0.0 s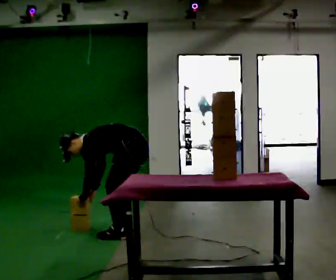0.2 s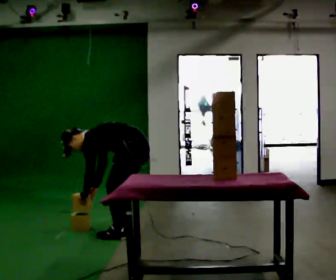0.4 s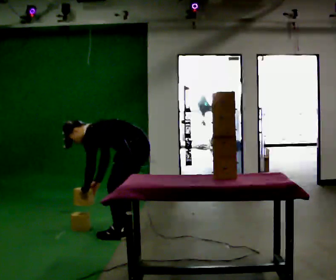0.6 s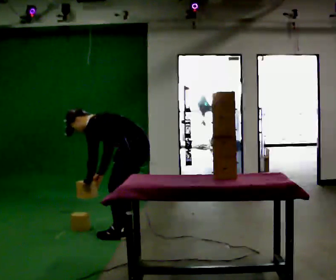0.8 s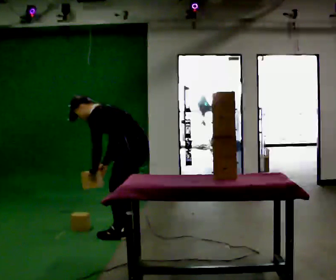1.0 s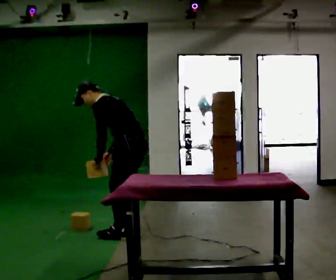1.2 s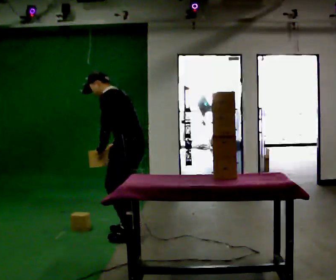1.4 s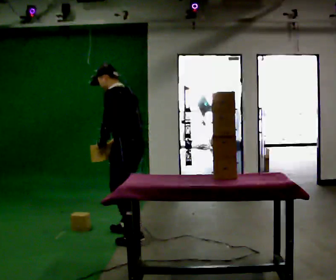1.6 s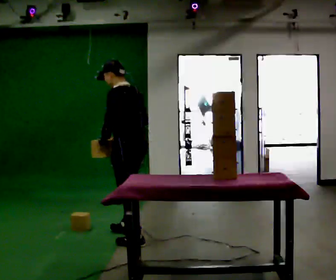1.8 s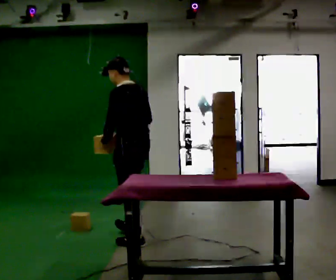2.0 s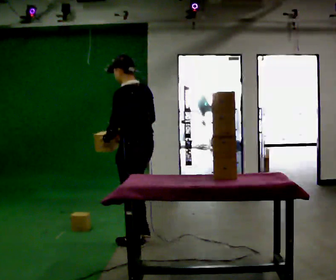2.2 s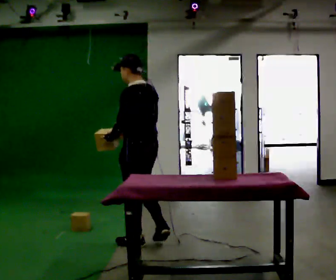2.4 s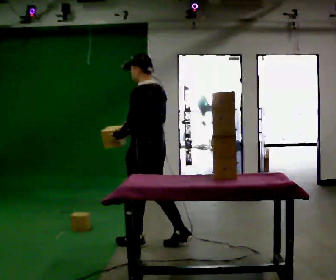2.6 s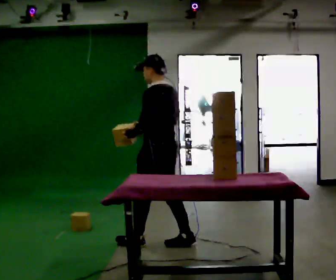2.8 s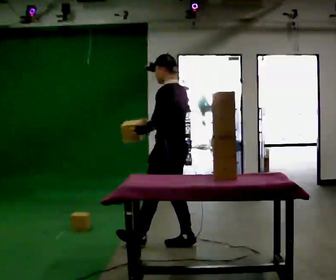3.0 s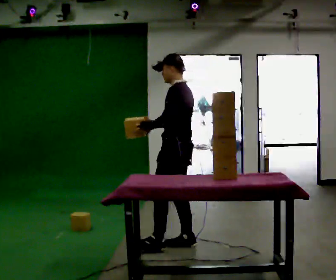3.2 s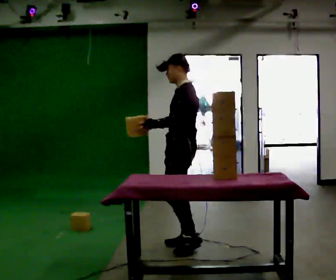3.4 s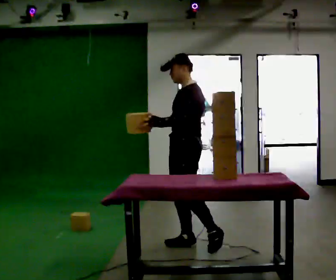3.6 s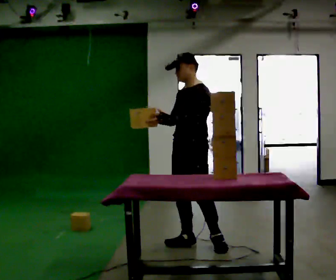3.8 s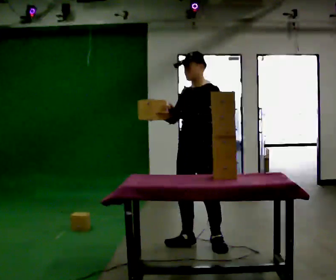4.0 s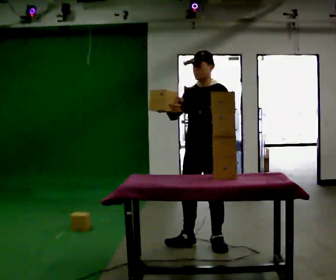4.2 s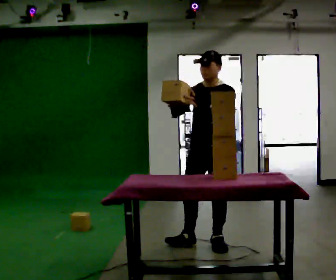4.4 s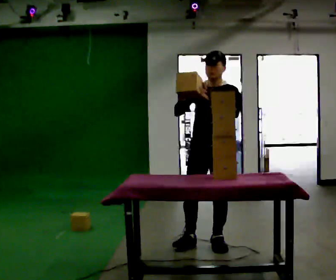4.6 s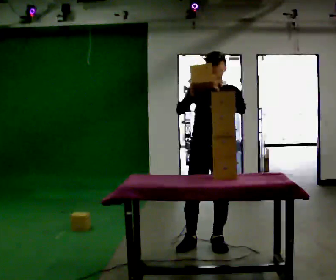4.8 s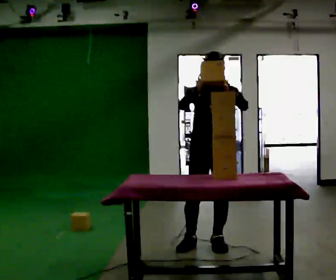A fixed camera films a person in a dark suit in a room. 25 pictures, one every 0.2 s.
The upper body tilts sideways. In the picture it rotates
clockwise.
Their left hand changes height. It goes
upward.
0.0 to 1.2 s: The shoulders move upward. In the picture the upper body tilts clockwise, shoulders to the right, as they lean back or straighten. In the picture their left hand goes upward.
1.2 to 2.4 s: In the picture they go toward the camera, about 0.25 m in 1 step, which for them is backward and to their left. In the picture the upper body tilts clockwise, shoulders to the right, as they lean back or straighten.
2.4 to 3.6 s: The person turns about 60 degrees to their left, counterclockwise seen from above, so the part of the body nearest the lens slides to the right. In the picture they go to the right, about 0.5 m in 1 step.
3.6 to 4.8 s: The part of the body nearest the lens slides to the right as the person turns to their left by about 45 degrees. In the picture they go to the right, about 0.25 m, which for them is to their left.
The film runs backward here.
